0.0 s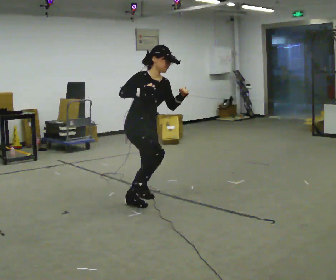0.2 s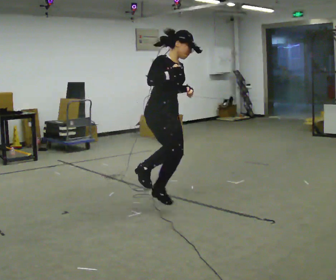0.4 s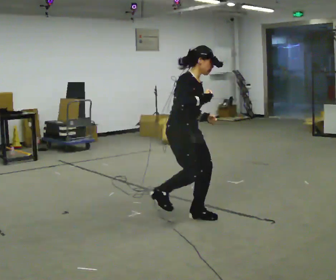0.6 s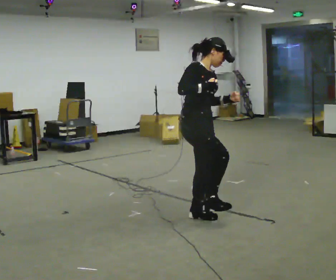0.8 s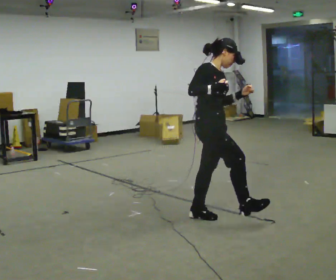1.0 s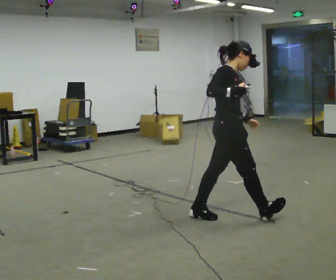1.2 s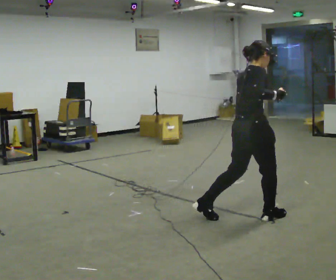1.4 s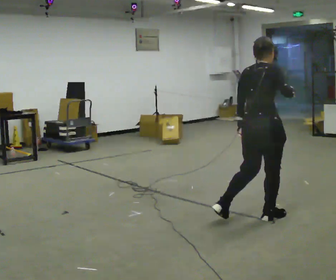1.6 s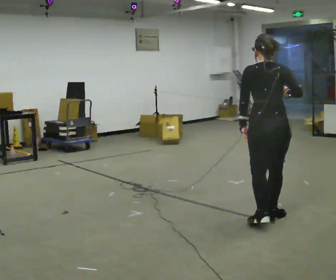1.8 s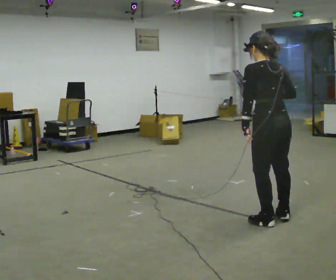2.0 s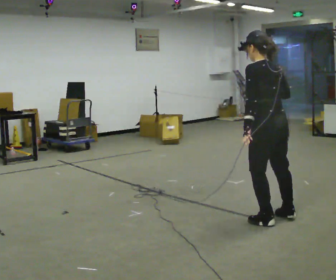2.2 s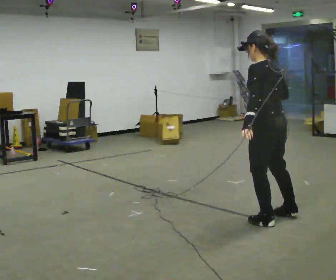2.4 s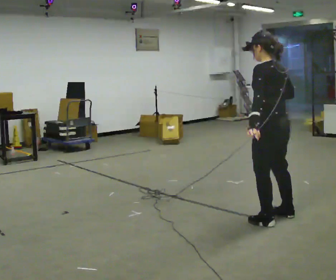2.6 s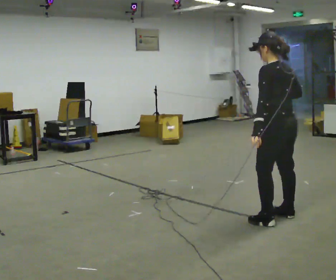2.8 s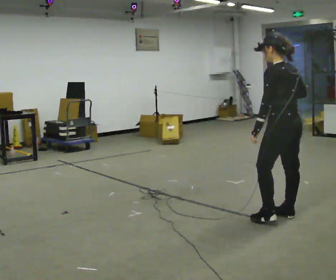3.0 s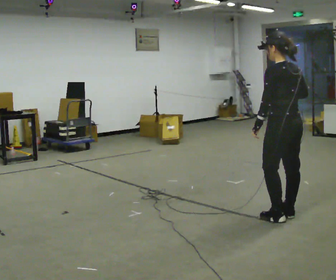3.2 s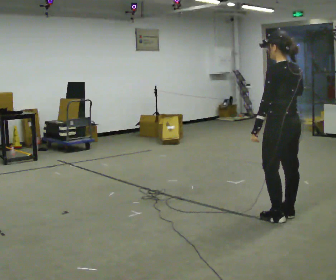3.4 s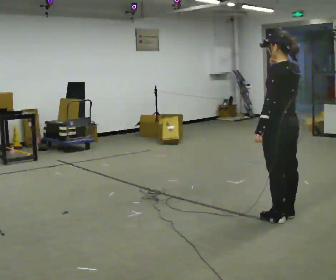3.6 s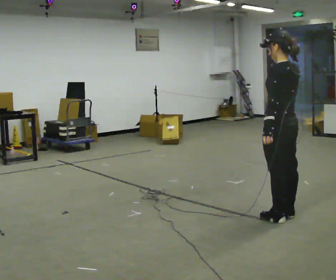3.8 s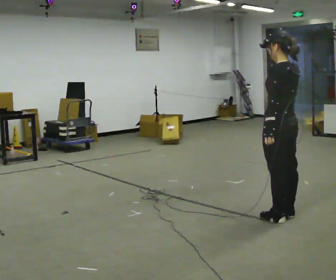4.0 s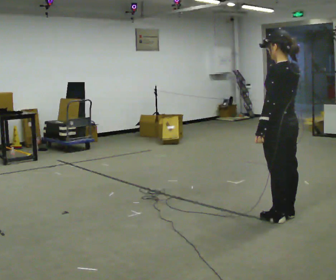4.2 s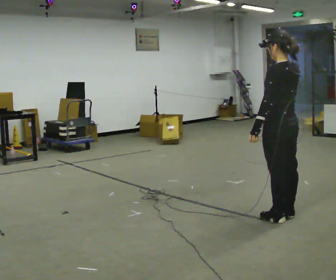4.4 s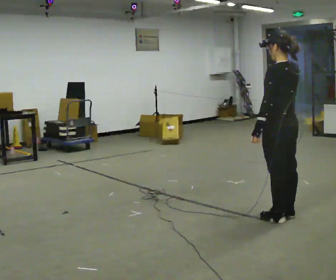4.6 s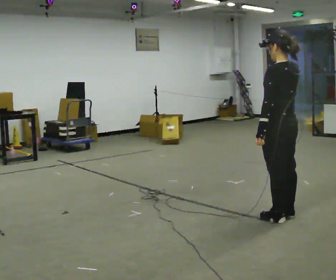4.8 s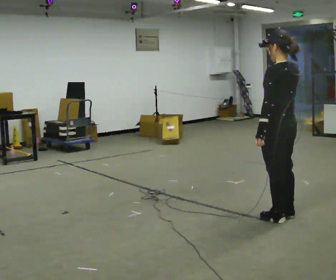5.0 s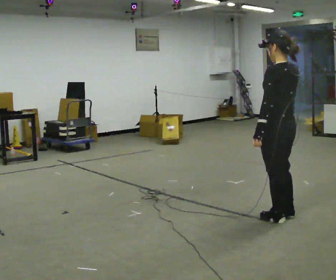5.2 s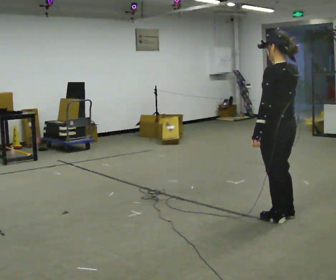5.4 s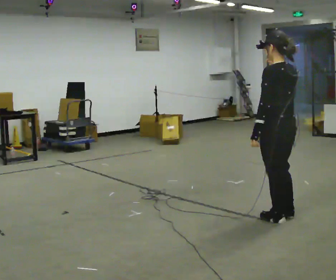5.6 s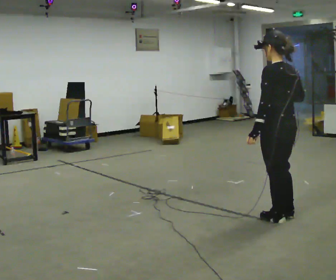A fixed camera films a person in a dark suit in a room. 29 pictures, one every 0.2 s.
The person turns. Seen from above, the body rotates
counterclockwise.
The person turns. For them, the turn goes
to their left.
0.0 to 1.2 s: The part of the body nearest the lens slides to the right as the person turns to their left by about 75 degrees. In the picture they go to the right, about 1 m in 3 steps. In the picture their left hand goes downward.
1.2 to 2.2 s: Seen from above the body turns counterclockwise, about 105 degrees: to their left, with its near side sliding to the right. In the picture they go to the right, about 0.25 m in 2 steps.
2.2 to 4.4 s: In the picture their right hand goes upward.
4.4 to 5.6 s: In the picture their right hand goes downward.
The film runs forward here.
